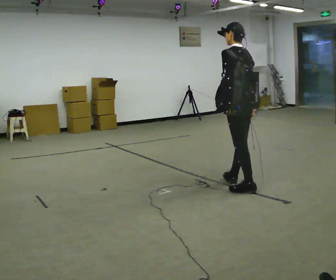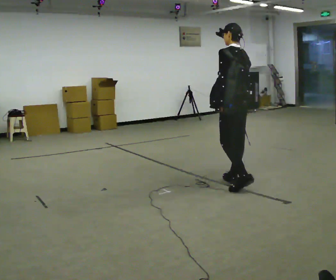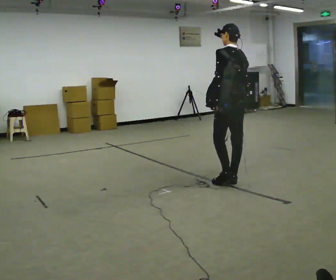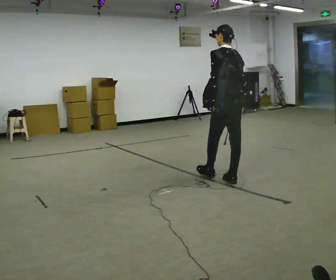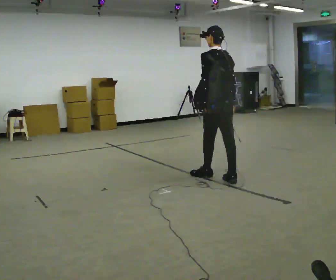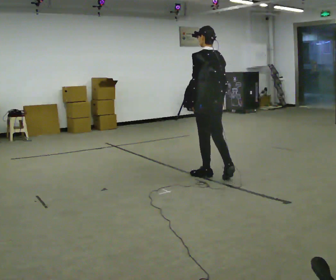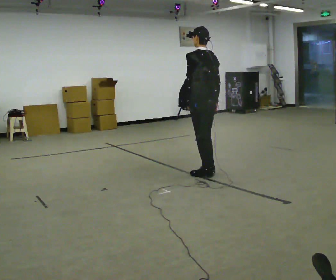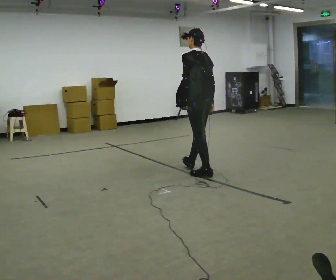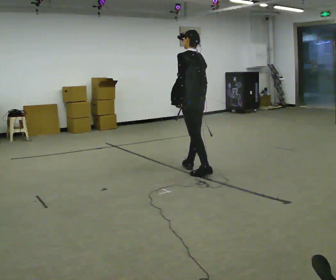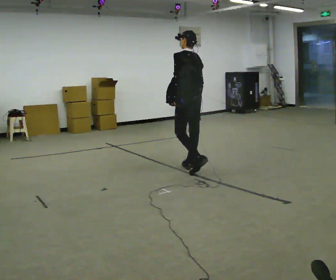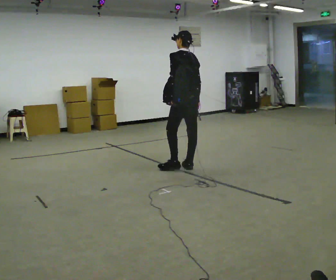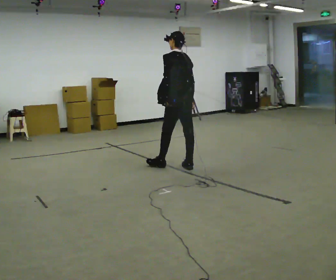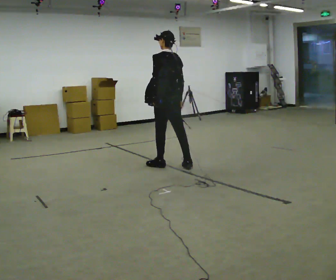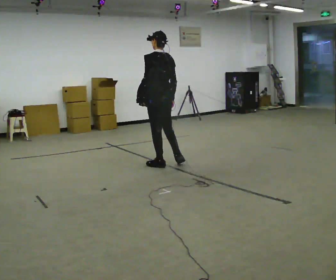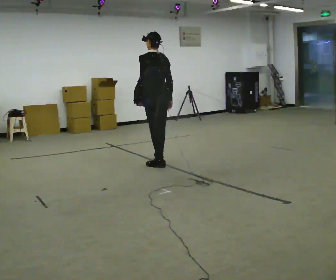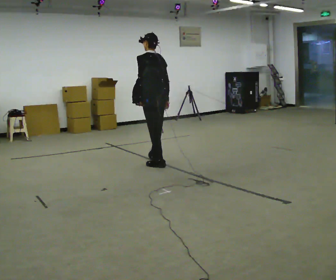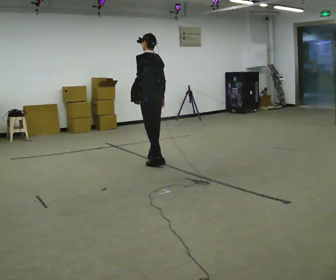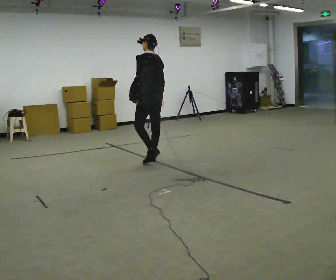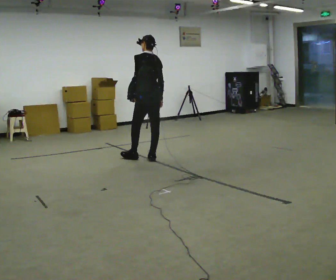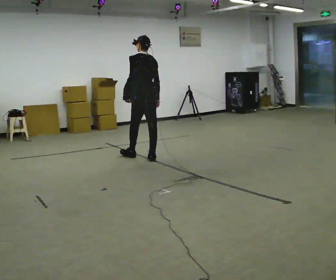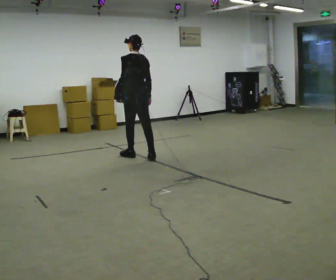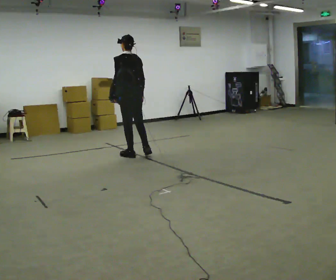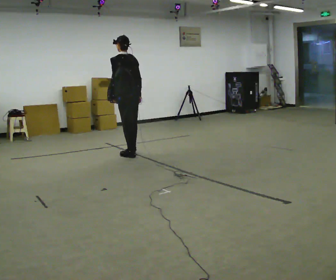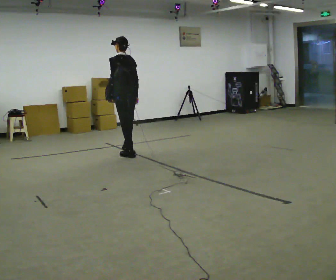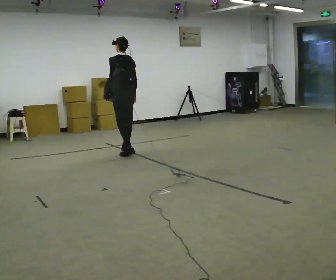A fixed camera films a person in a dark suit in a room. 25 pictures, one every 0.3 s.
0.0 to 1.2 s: In the picture they go away from the camera and to the left, about 0.5 m in 1 step, which for them is forward.
1.2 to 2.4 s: In the picture they go away from the camera and to the left, about 0.5 m in 1 step, which for them is forward.
2.4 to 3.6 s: In the picture they go to the left and away from the camera, about 0.5 m in 1 step, which for them is forward.
3.6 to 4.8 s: In the picture they go away from the camera and to the left, about 0.25 m in 1 step, which for them is forward.
4.8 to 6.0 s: In the picture they go away from the camera and to the left, about 0.25 m in 1 step, which for them is forward.
6.0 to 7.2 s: In the picture they go away from the camera and to the left, about 0.5 m in 1 step, which for them is forward.
The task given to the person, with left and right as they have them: Put the soft bag up onto your shoulder and carry it across the room, back and forth.
The film runs forward here.
